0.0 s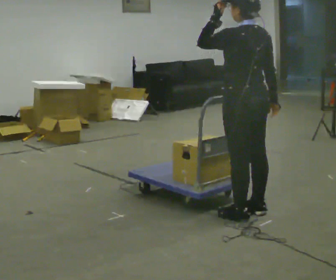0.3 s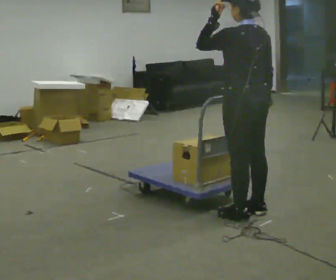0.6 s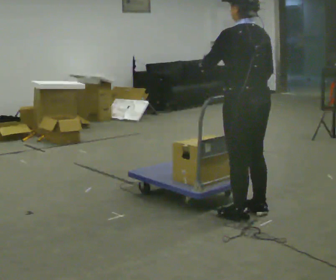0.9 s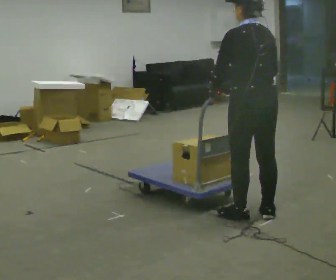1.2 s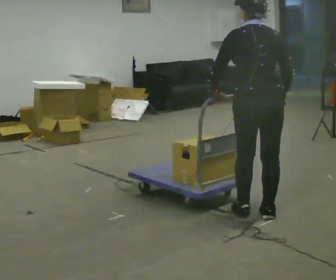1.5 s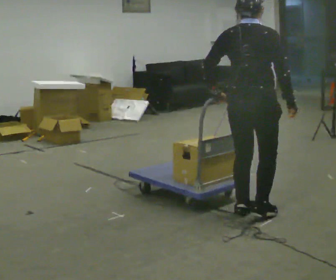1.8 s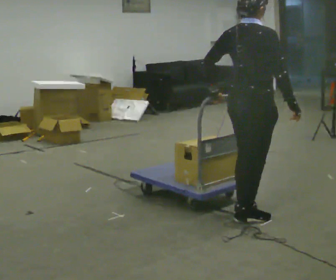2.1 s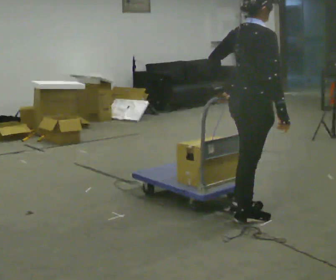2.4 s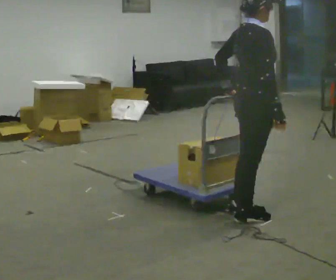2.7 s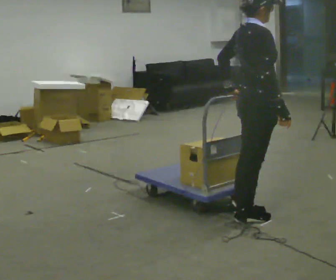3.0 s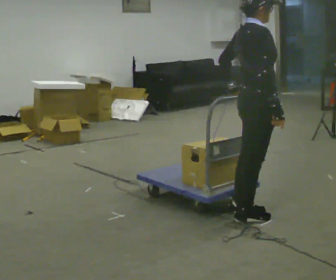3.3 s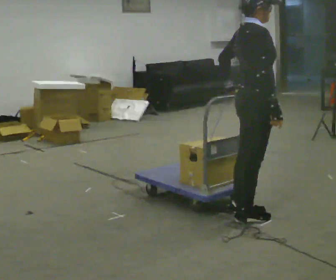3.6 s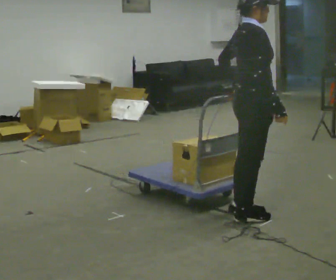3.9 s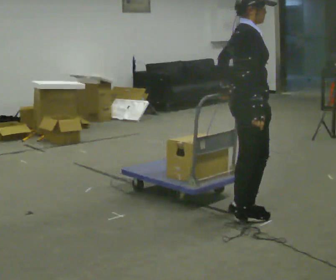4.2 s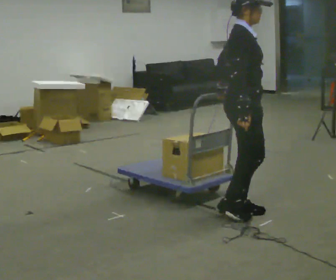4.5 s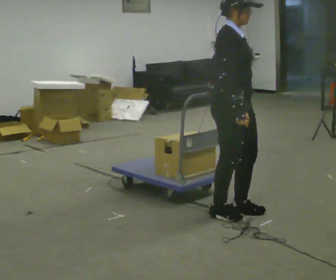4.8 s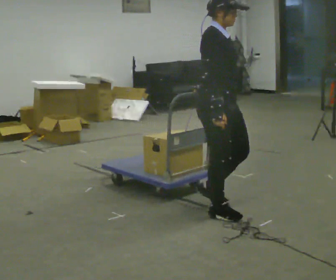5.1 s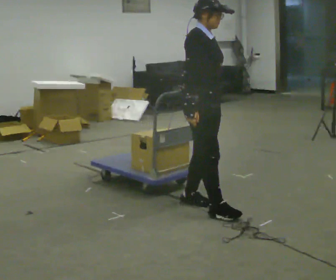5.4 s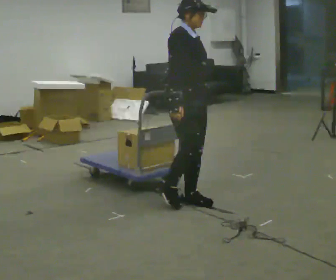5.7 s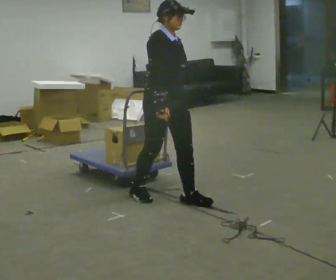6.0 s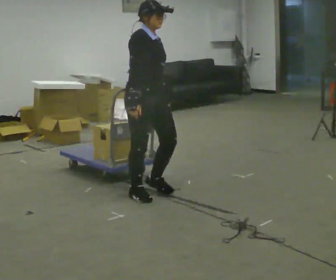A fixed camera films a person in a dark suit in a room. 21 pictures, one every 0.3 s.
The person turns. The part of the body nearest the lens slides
to the left.
Their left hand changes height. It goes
downward.
0.0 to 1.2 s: Seen from above the body turns clockwise, about 30 degrees: to their right, with its near side sliding to the left. In the picture their left hand goes downward.
1.2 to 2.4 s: The part of the body nearest the lens slides to the left as the person turns to their right by about 90 degrees.
2.4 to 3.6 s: The person moves a little, or ends about where they began.
3.6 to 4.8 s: In the picture they go to the left, about 0.25 m in 2 steps, which for them is backward.
4.8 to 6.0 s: In the picture they go to the left and away from the camera, about 0.75 m in 2 steps, which for them is backward.
The film runs backward here.
